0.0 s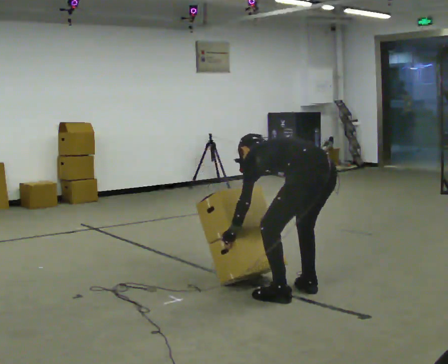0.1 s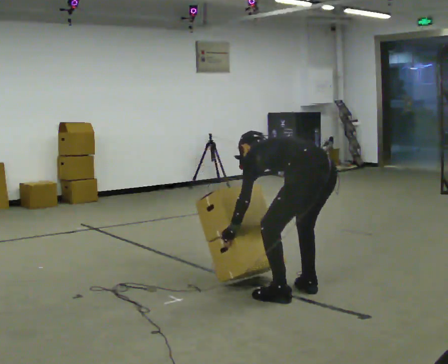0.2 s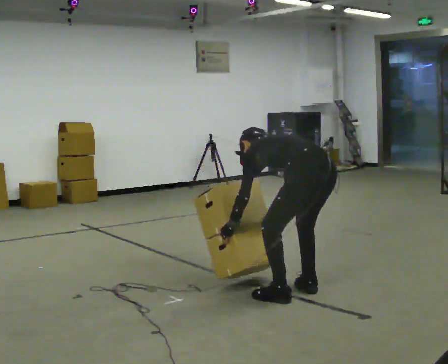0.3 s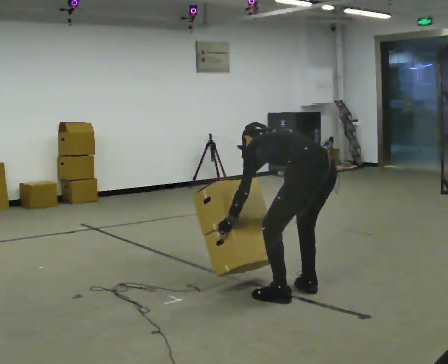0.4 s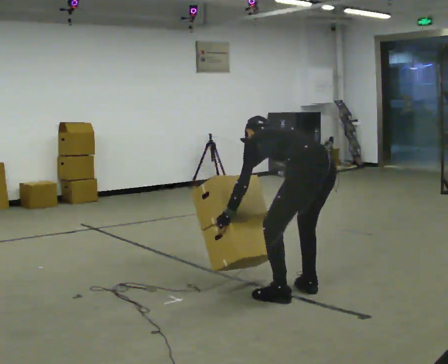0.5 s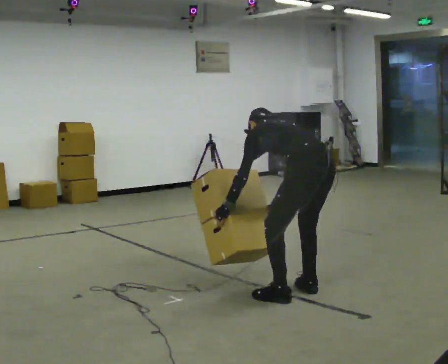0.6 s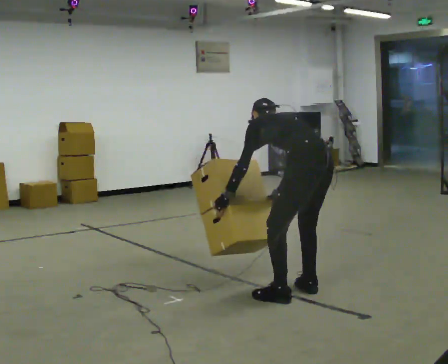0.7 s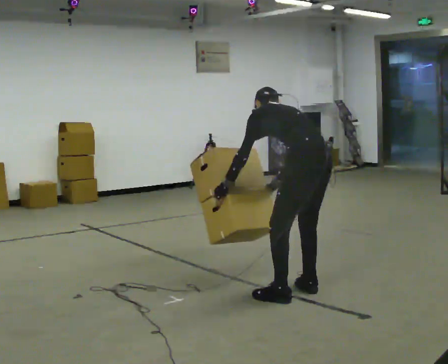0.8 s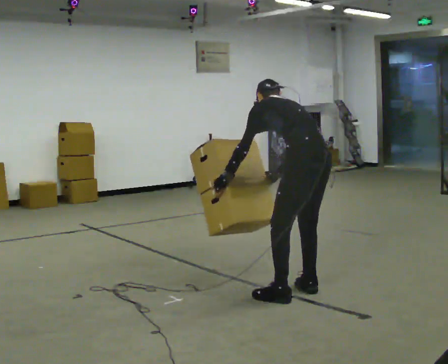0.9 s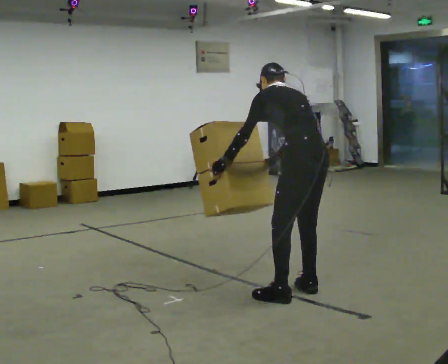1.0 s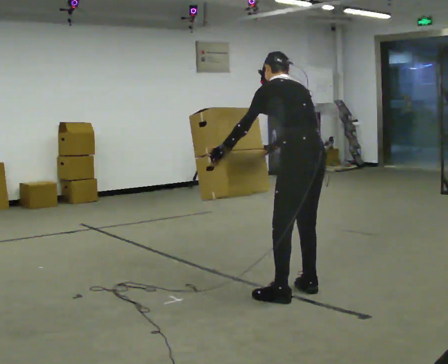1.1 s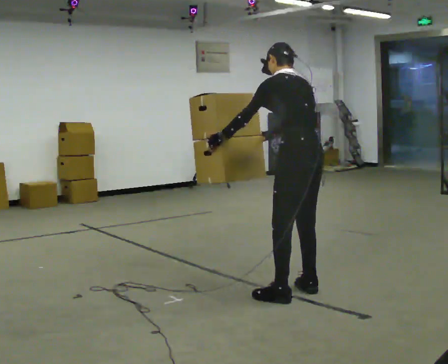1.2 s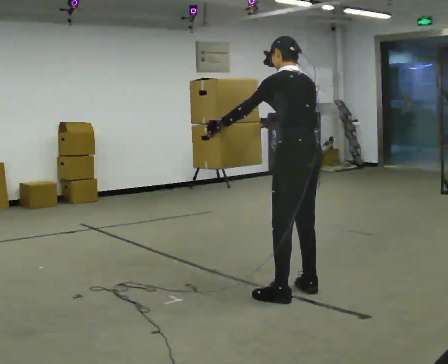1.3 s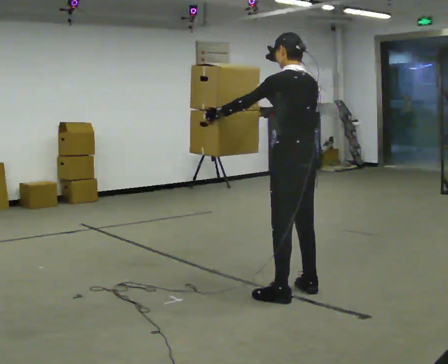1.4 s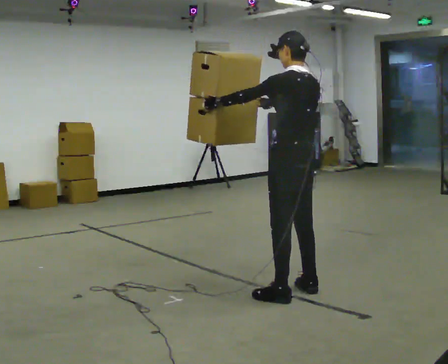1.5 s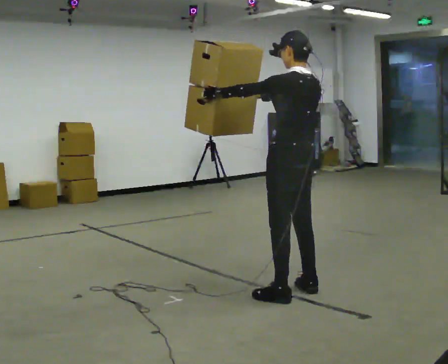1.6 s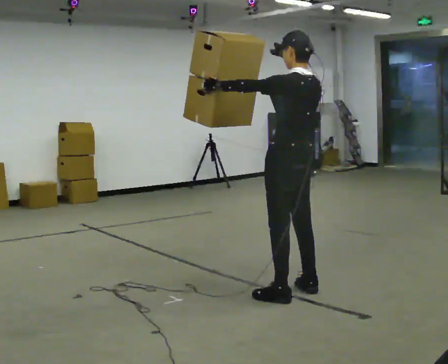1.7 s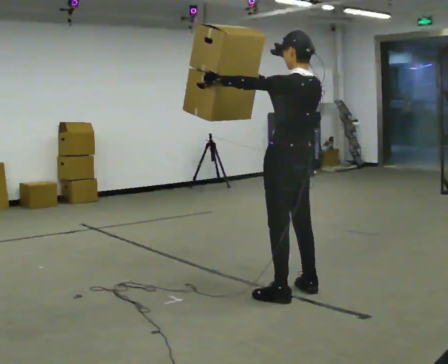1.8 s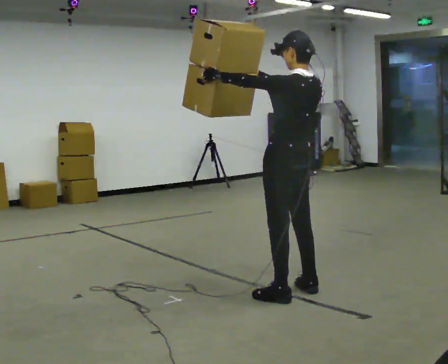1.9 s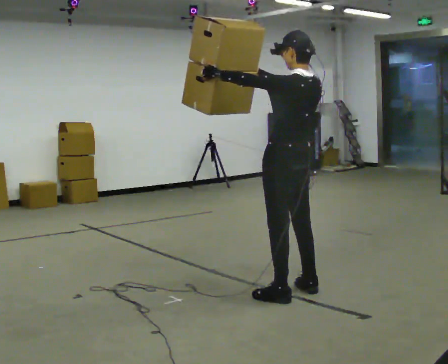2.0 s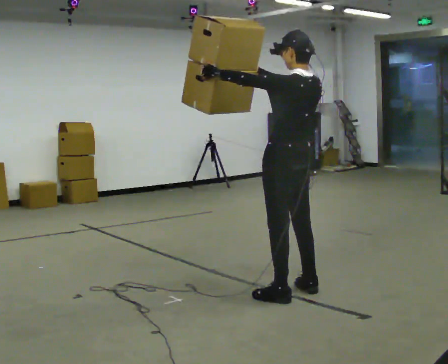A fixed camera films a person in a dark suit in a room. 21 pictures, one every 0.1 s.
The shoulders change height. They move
upward.
Their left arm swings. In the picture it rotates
clockwise.
0.0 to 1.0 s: The shoulders move upward. In the picture the upper body tilts clockwise, shoulders to the right, as they lean back or straighten. In the picture their right hand goes upward.
1.0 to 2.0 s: The upper body tips toward the camera, its near side rolling downward, as they lean back or straighten. In the picture their right hand goes upward.
The film runs backward here.
